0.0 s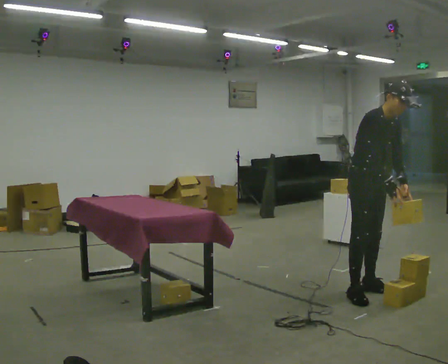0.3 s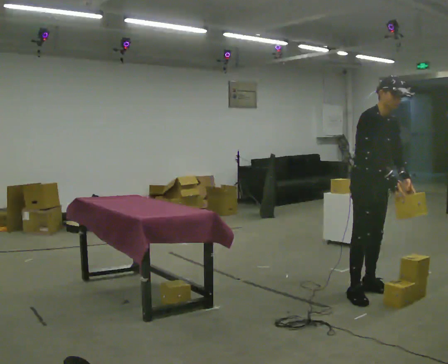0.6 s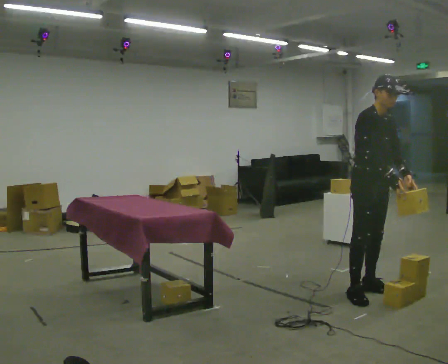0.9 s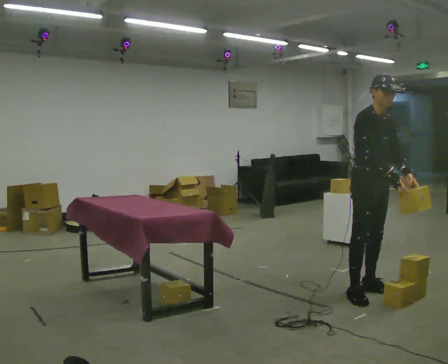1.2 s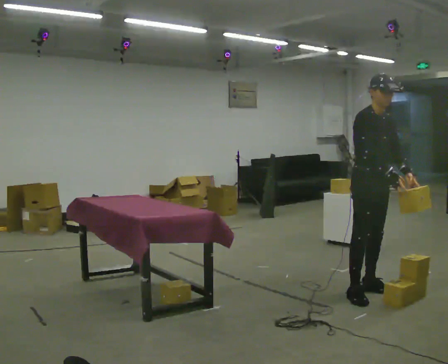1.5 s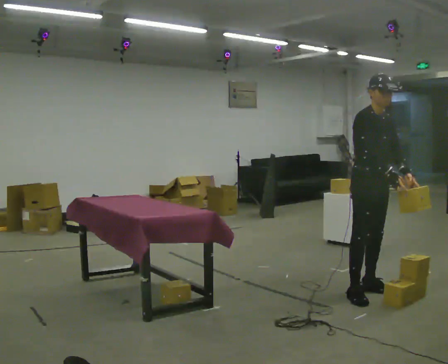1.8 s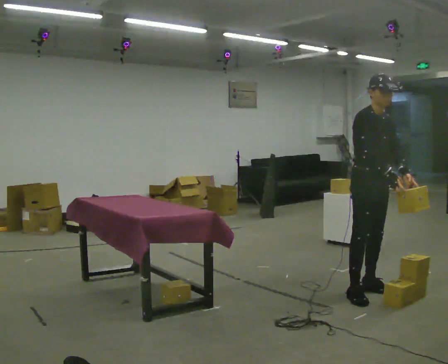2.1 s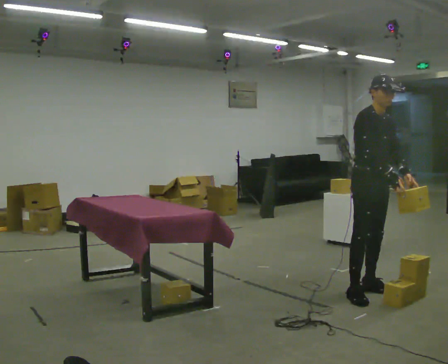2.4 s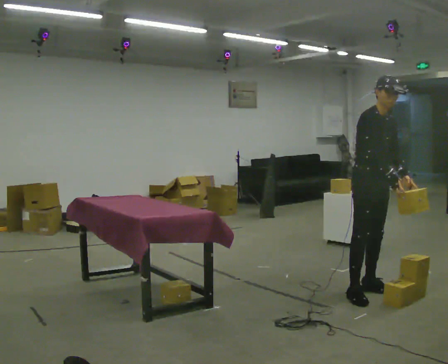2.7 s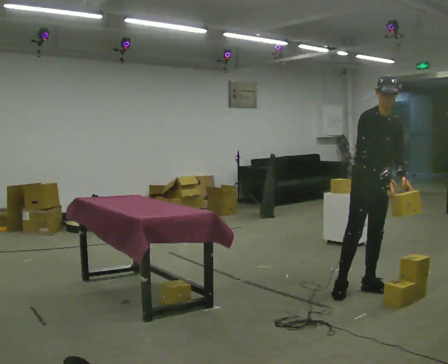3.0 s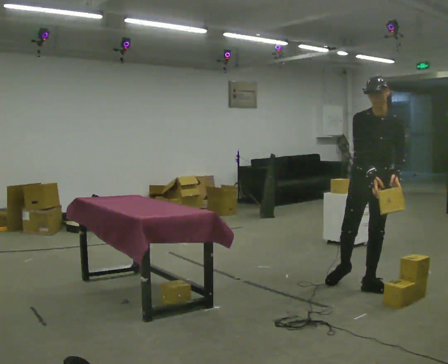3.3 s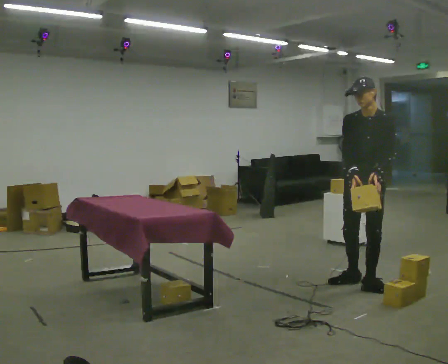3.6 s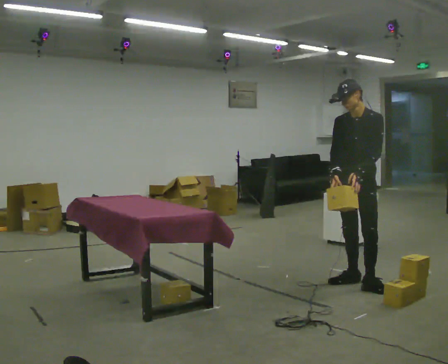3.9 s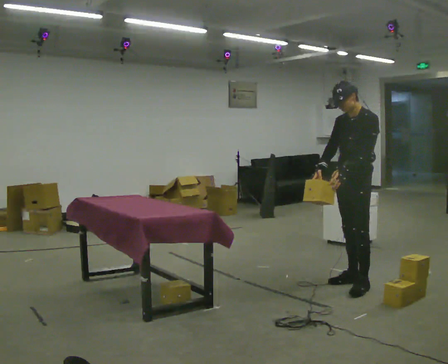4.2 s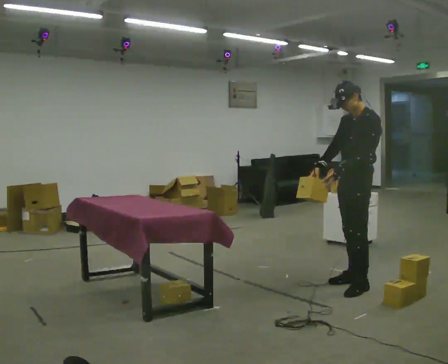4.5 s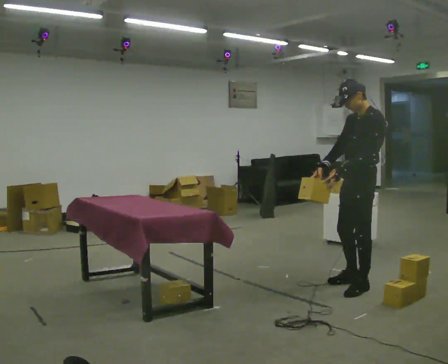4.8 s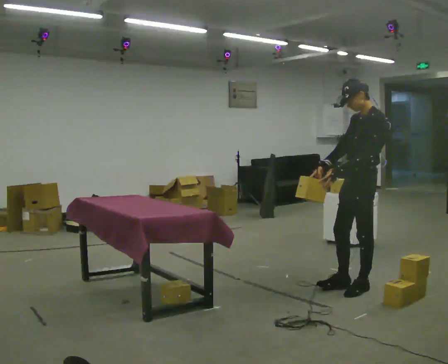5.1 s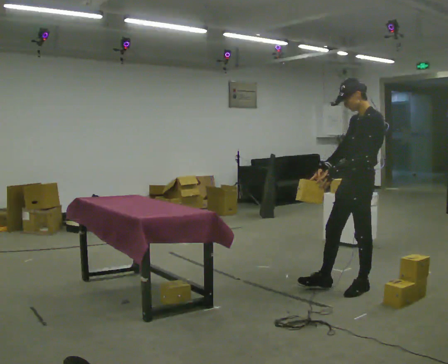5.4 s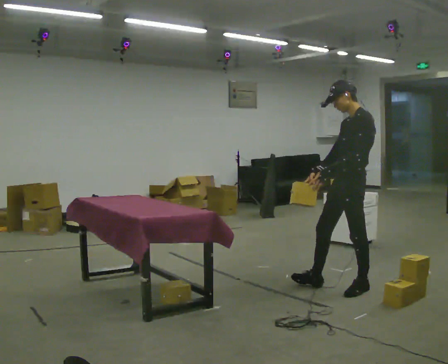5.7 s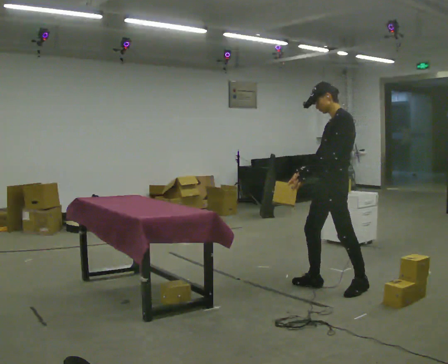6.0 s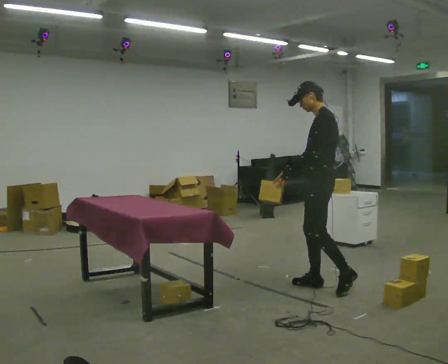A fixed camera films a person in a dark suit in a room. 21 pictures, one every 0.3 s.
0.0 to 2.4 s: The person moves a little, or ends about where they began.
2.4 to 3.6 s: Seen from above the body turns clockwise, about 60 degrees: to their right, with its near side sliding to the left. In the picture they go away from the camera, about 0.25 m in 1 step. In the picture their left hand goes to the left.
3.6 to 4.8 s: The person turns about 45 degrees to their right, clockwise seen from above, so the part of the body nearest the lens slides to the left. In the picture they go toward the camera, about 0.25 m, which for them is to their left.
4.8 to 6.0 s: In the picture they go to the left, about 0.25 m in 1 step, which for them is forward and to their right.
The film runs forward here.
